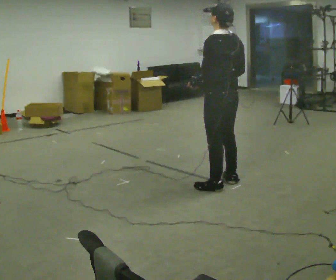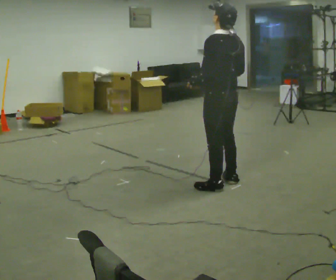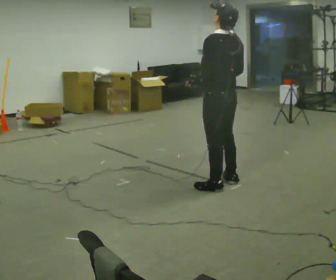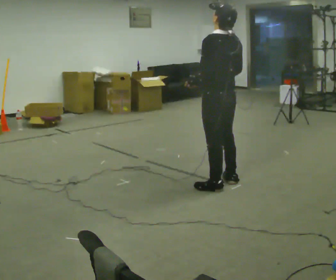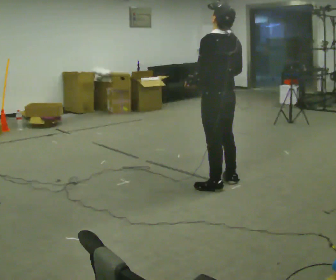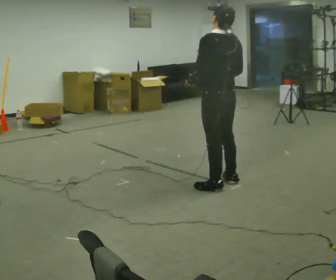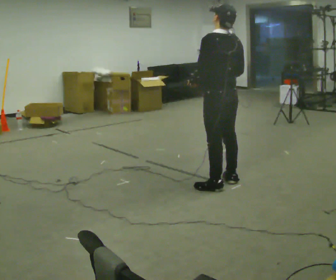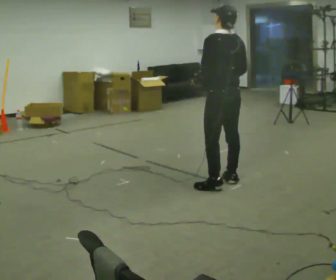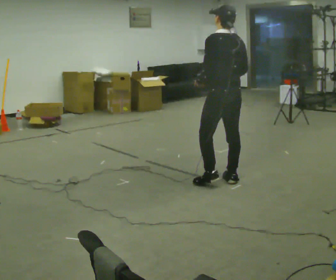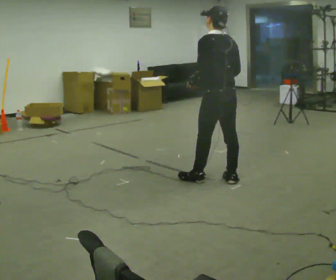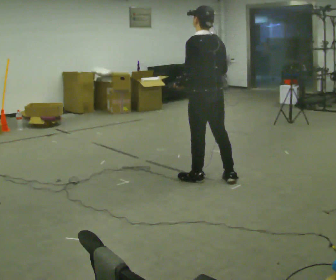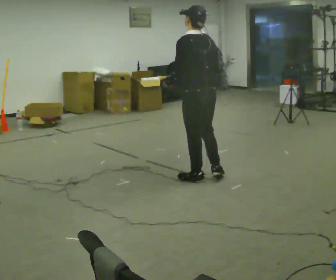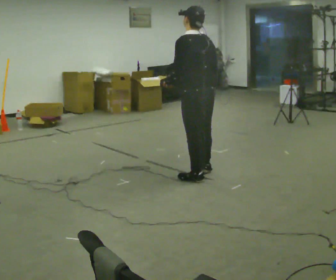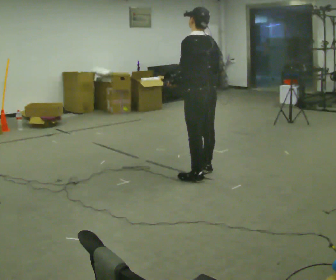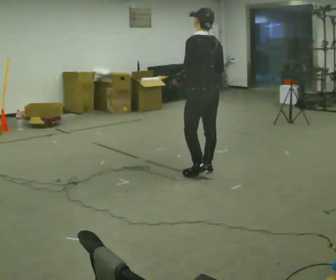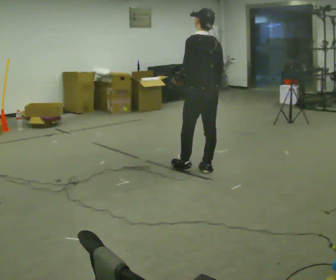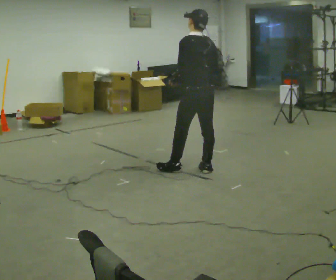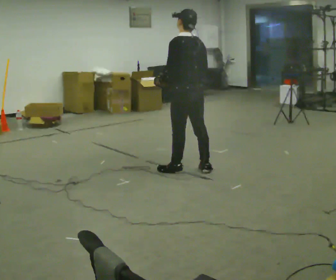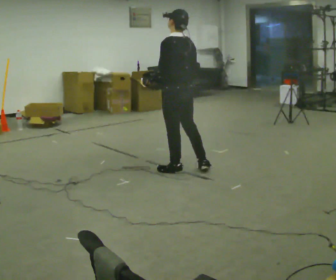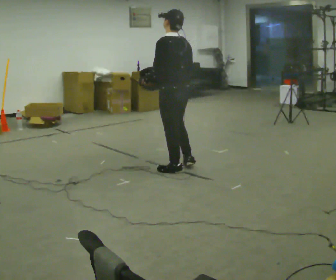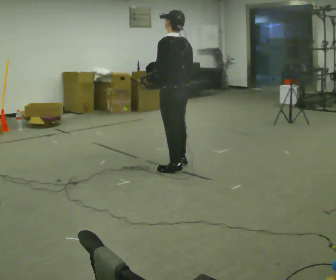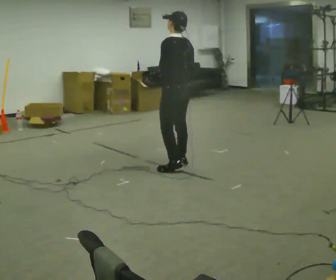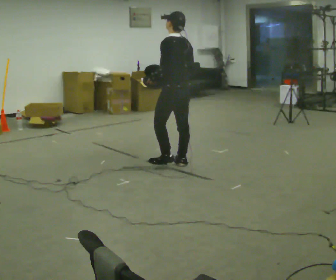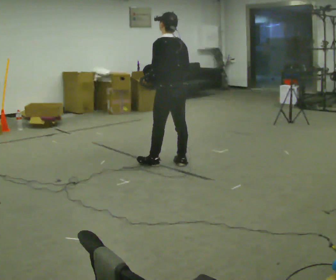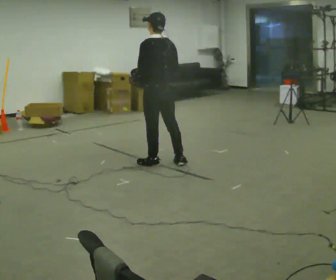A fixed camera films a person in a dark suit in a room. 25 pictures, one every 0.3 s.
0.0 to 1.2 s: The person moves a little, or ends about where they began.
1.2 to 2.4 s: In the picture they go away from the camera, about 0.25 m, which for them is to their right.
2.4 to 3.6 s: In the picture they go to the left, about 0.25 m in 2 steps, which for them is forward and to their left.
3.6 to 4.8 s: In the picture they go away from the camera, about 0.25 m in 1 step, which for them is forward and to their right.
4.8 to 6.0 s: In the picture they go to the left, about 0.25 m in 1 step, which for them is forward.
6.0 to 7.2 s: In the picture they go to the left, about 0.25 m in 1 step, which for them is forward.
The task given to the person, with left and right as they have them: Carry the lidded box and, while you are still walking, open the lid, then close it again. Repeat as you walk back and forth. Do not stop to do it.
The film runs forward here.
